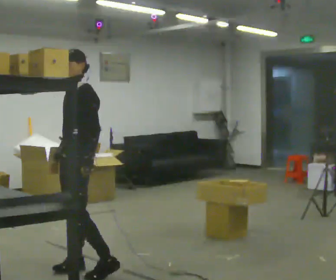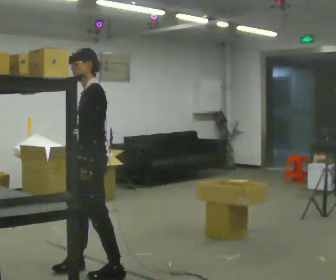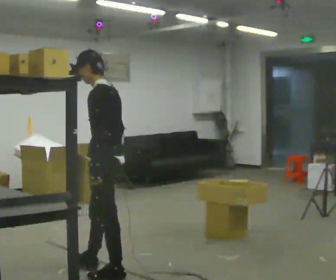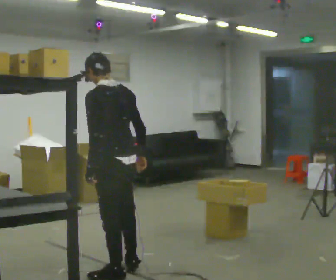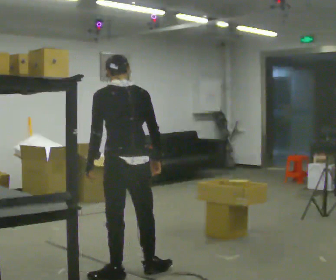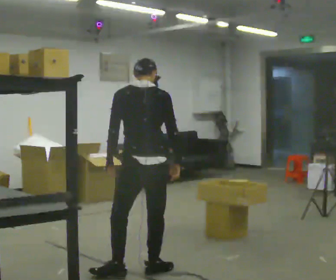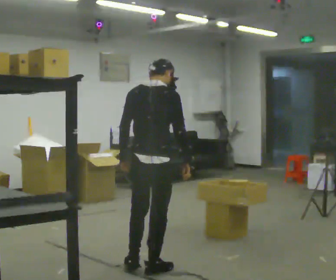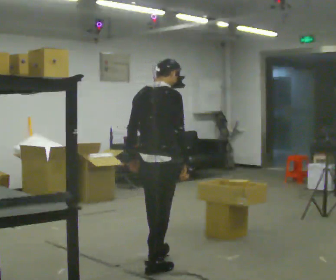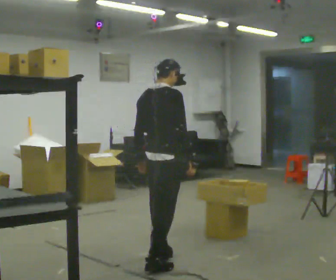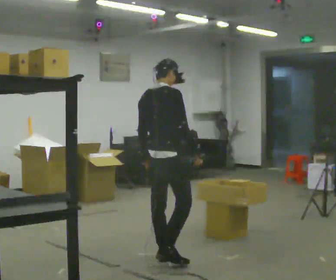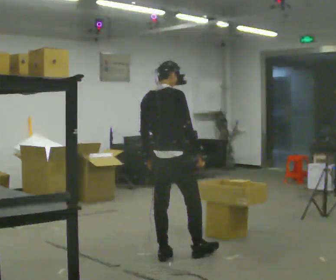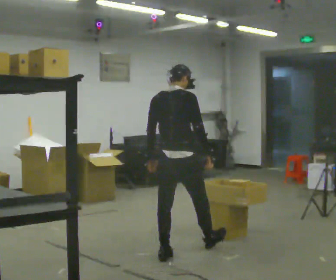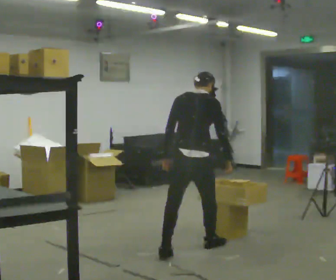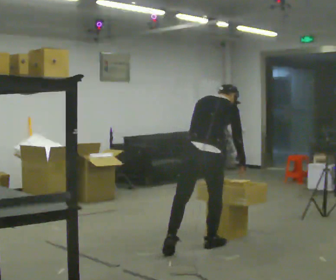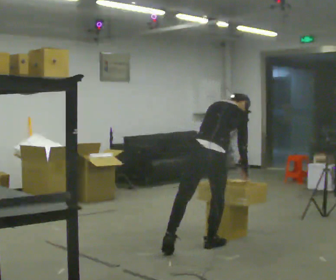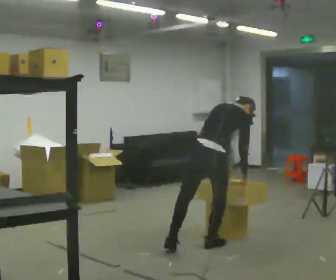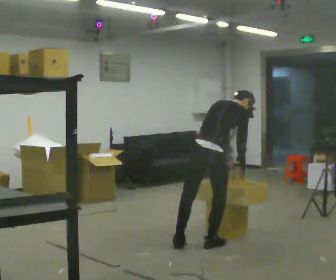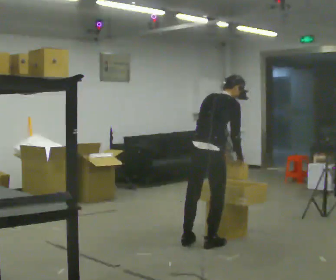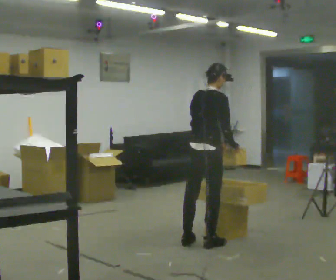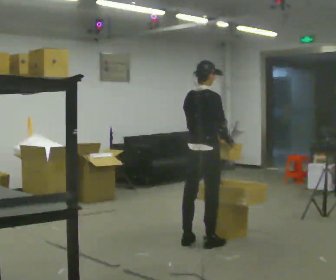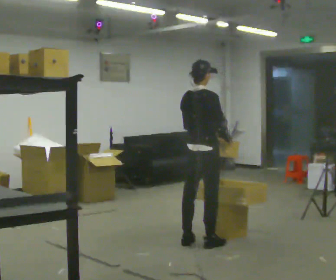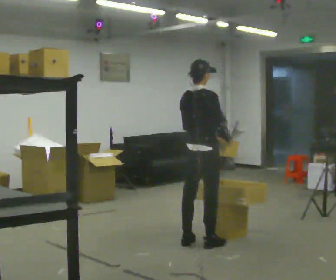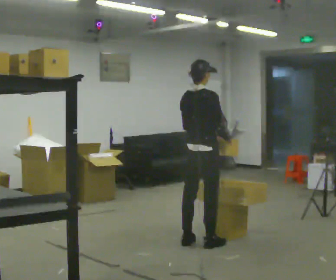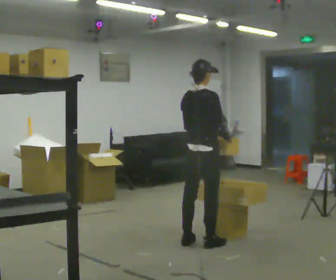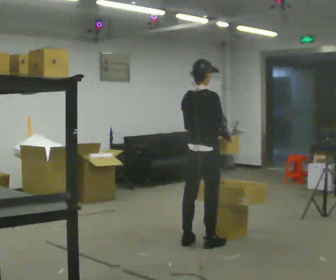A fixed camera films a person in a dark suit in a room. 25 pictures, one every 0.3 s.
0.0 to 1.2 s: The person turns about 105 degrees to their right, clockwise seen from above, so the part of the body nearest the lens slides to the left. In the picture they go to the right, about 0.25 m in 2 steps.
1.2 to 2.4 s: The person turns about 60 degrees to their right, clockwise seen from above, so the part of the body nearest the lens slides to the left. In the picture they go away from the camera and to the right, about 0.5 m in 1 step.
2.4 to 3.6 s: In the picture they go away from the camera and to the right, about 0.5 m in 1 step, which for them is forward.
3.6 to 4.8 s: In the picture they go to the right, about 0.25 m, which for them is forward. In the picture the upper body tilts clockwise, shoulders to the right. In the picture their left hand goes to the right.
4.8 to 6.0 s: In the picture they go away from the camera, about 0.25 m in 1 step, which for them is to their left. In the picture the upper body tilts counterclockwise, shoulders to the left, as they lean back or straighten.
6.0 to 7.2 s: The person moves a little, or ends about where they began.
The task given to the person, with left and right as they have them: Carry the object across the room and place it on the shelf just at the top of your comfortable reach. Keep going until the operator says stop; one object at a time, and do not rush between trips.
The film runs forward here.
